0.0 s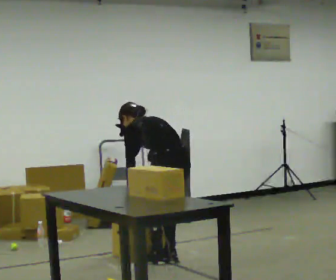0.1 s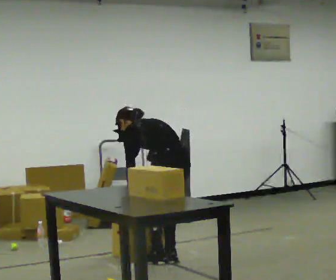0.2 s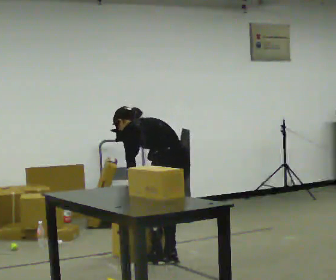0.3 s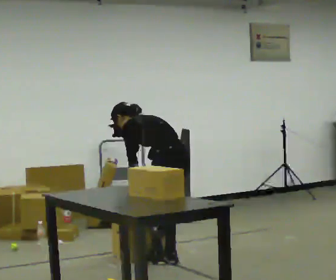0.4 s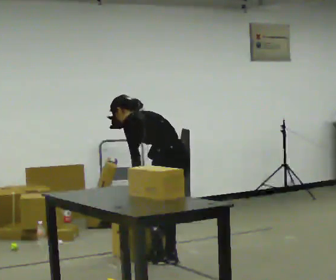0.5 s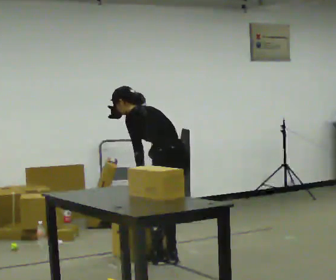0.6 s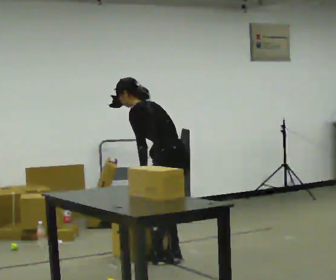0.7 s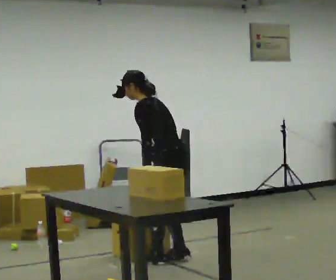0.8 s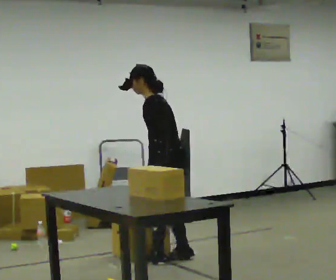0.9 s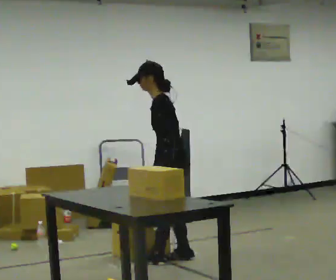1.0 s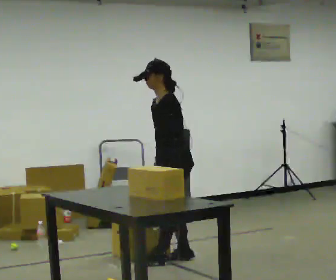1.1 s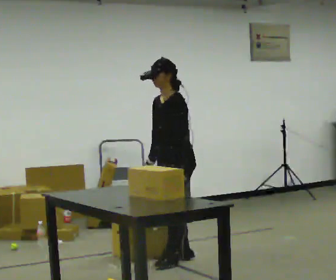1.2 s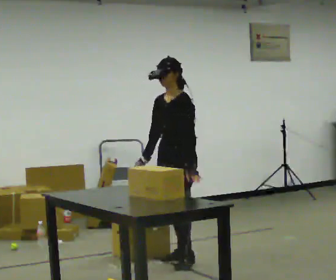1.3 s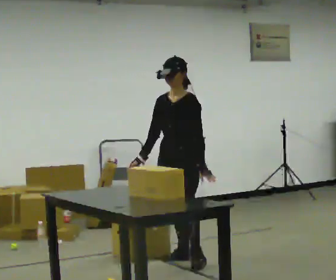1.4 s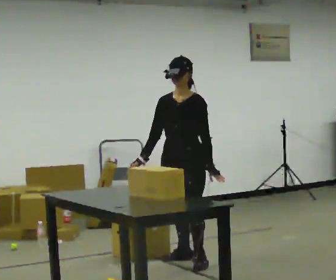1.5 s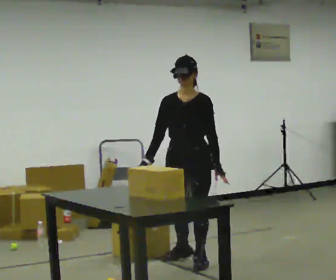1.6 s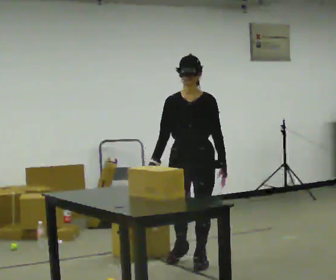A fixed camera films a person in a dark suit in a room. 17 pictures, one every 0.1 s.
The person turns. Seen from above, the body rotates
counterclockwise.
The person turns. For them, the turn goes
to their left.
0.0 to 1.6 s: The person turns about 135 degrees to their left, counterclockwise seen from above, so the part of the body nearest the lens slides to the right. In the picture they go to the right, about 0.25 m in 2 steps. The upper body goes upward. The upper body tips toward the camera, its near side rolling downward, as they lean back or straighten. In the picture their left hand goes to the right.
The film runs forward here.
